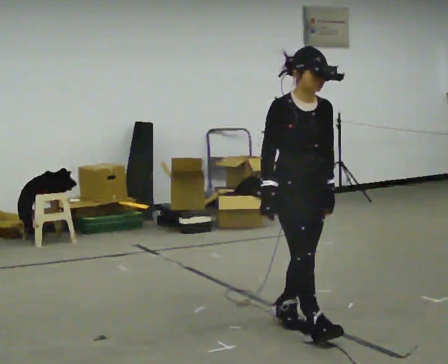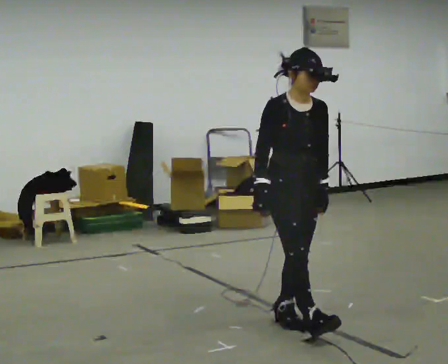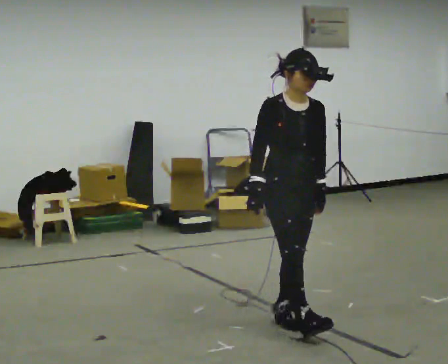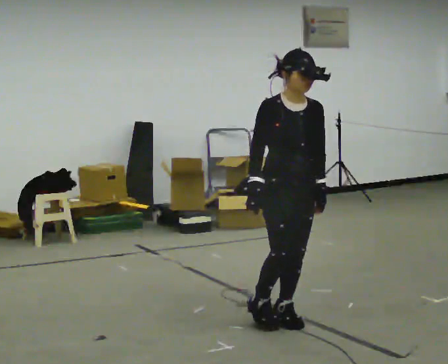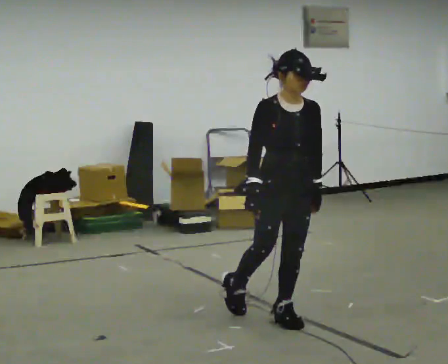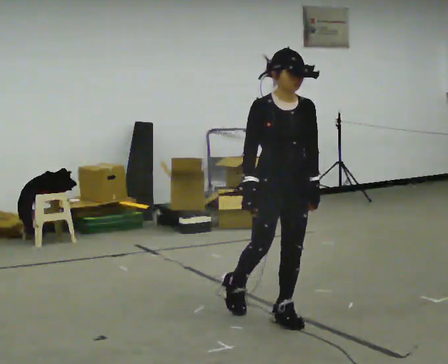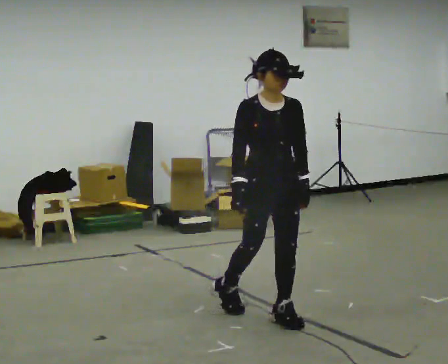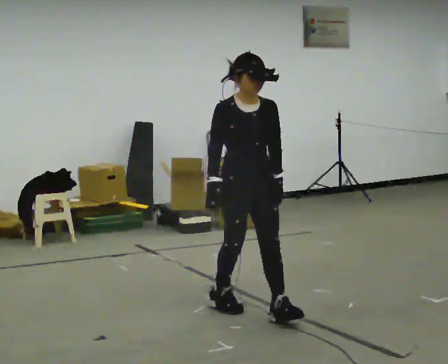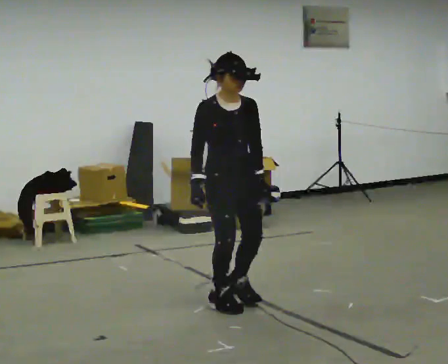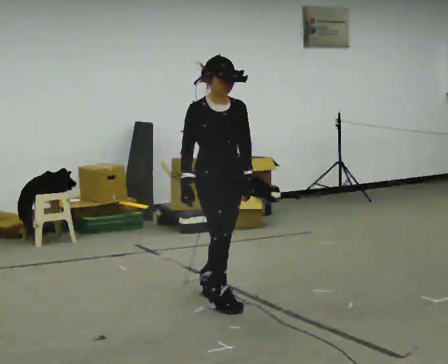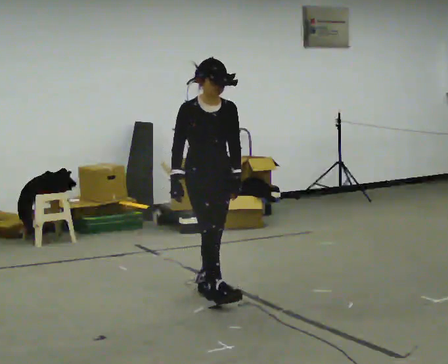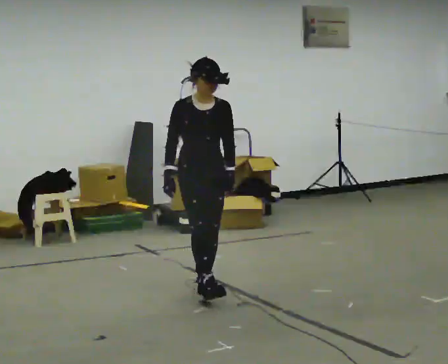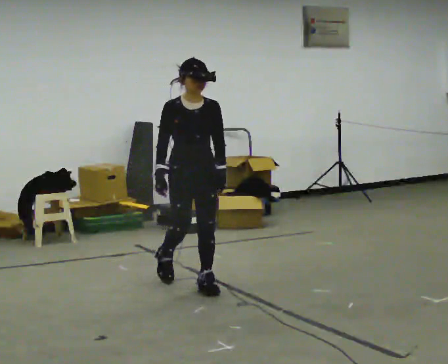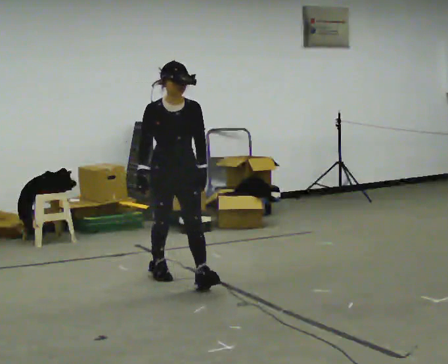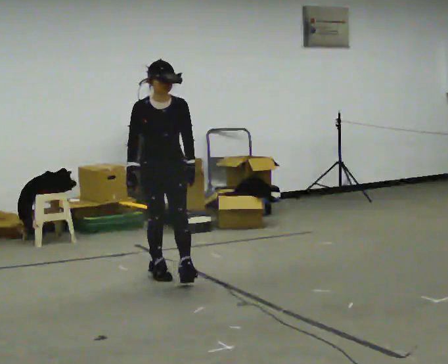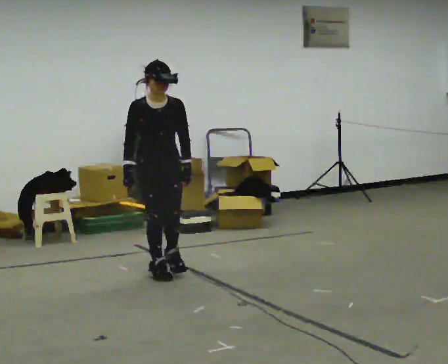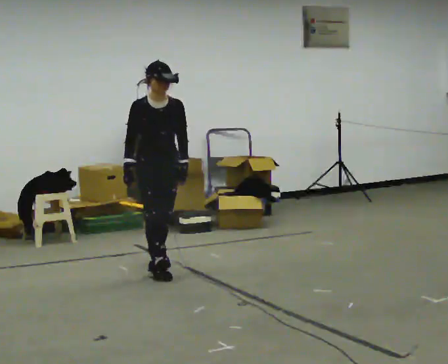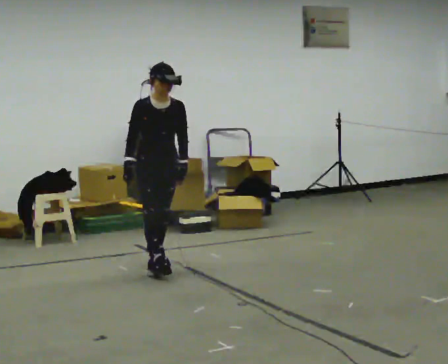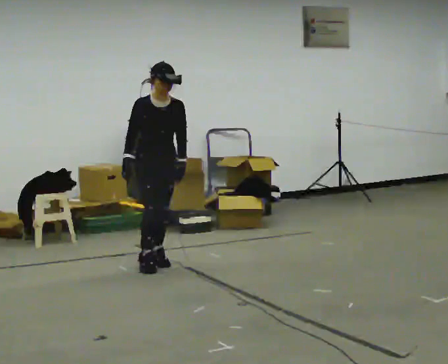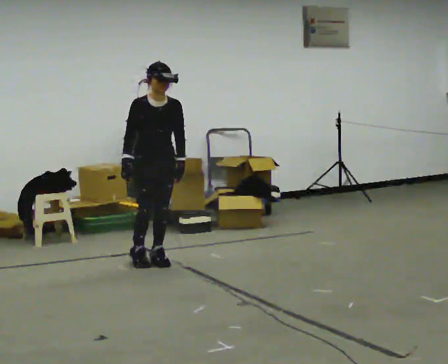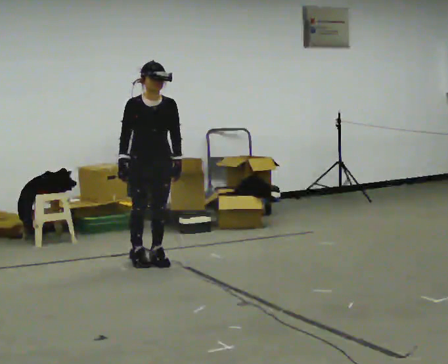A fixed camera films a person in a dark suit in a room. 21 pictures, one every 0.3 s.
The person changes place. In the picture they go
away from the camera.
0.0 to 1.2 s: In the picture they go away from the camera, about 0.25 m in 1 step, which for them is backward.
1.2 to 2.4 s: In the picture they go away from the camera and to the left, about 0.5 m in 1 step, which for them is backward.
2.4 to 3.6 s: In the picture they go away from the camera and to the left, about 0.5 m in 1 step, which for them is backward.
3.6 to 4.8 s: In the picture they go away from the camera and to the left, about 0.5 m in 1 step, which for them is backward.
4.8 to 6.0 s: In the picture they go away from the camera, about 0.25 m in 1 step, which for them is backward.
The film runs backward here.
